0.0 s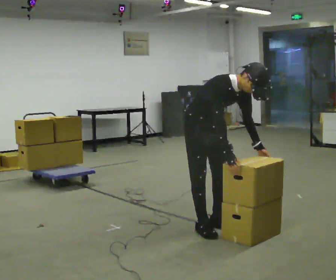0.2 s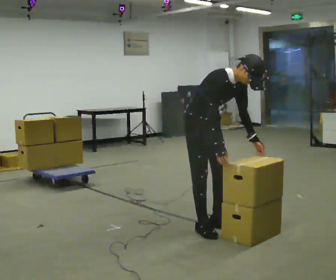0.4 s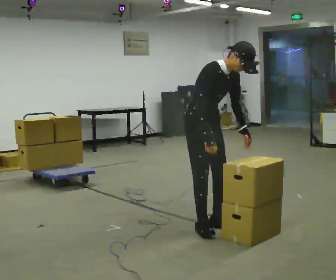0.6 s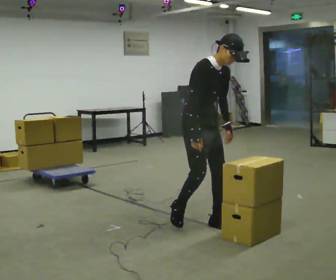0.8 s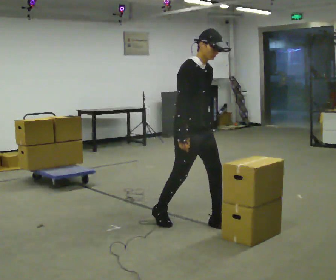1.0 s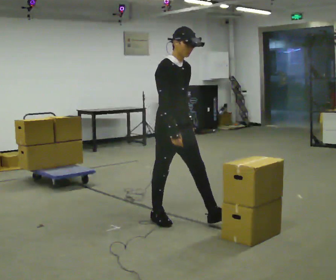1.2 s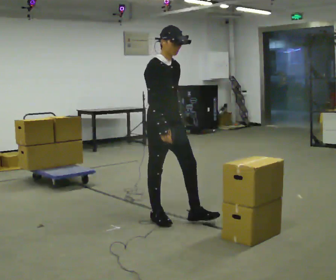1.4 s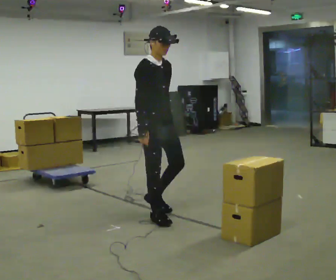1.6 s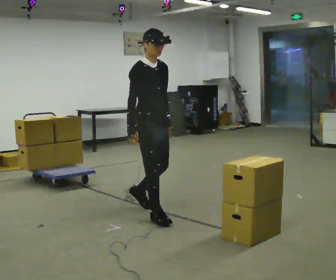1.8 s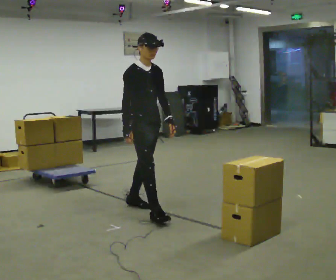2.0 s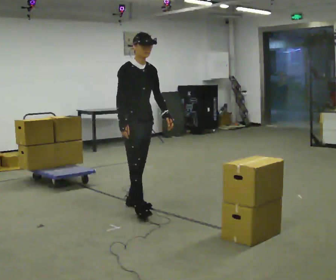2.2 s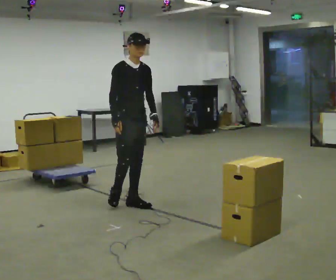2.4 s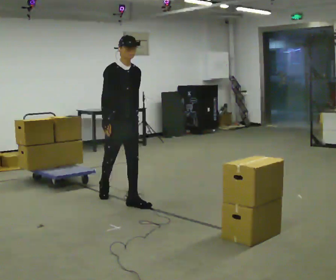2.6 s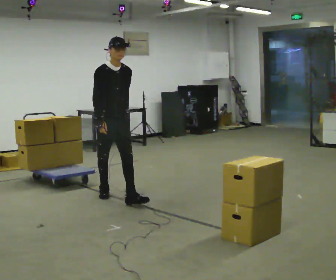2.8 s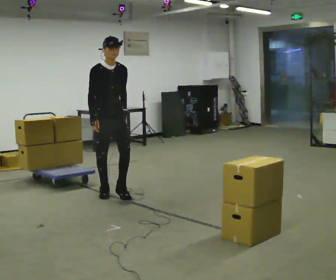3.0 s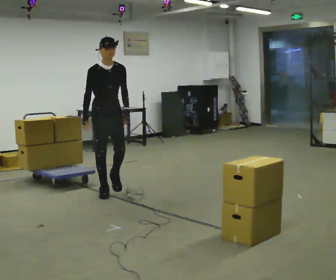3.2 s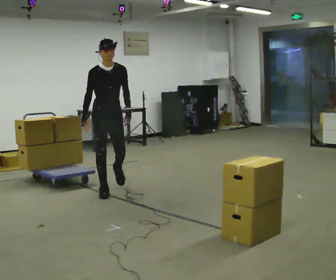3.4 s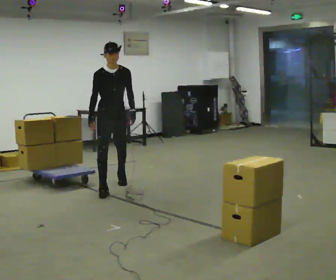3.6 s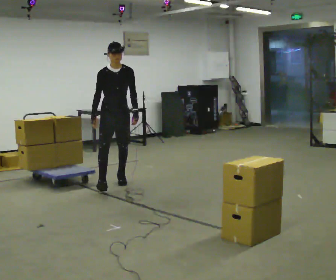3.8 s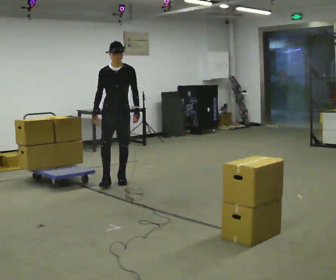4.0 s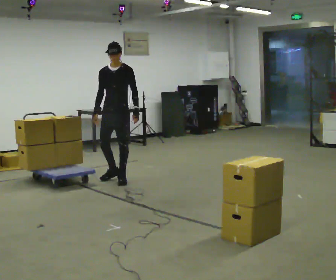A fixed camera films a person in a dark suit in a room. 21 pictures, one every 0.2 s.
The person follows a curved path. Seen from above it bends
clockwise.
The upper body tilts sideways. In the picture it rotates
counterclockwise.
0.0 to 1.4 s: In the picture they go to the left and away from the camera, about 0.5 m in 2 steps, which for them is backward. The shoulders move upward. In the picture the upper body tilts counterclockwise, shoulders to the left, as they lean back or straighten.
1.4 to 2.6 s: In the picture they go away from the camera and to the left, about 1 m in 2 steps, which for them is backward.
2.6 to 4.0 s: The part of the body nearest the lens slides to the left as the person turns to their right by about 45 degrees. In the picture they go away from the camera, about 1 m in 1 step, which for them is backward.
The film runs backward here.
